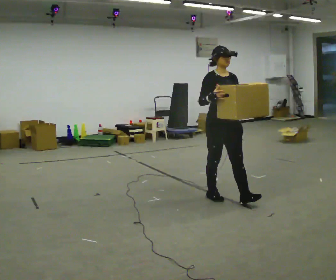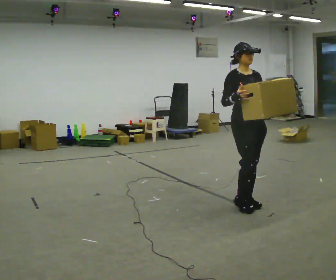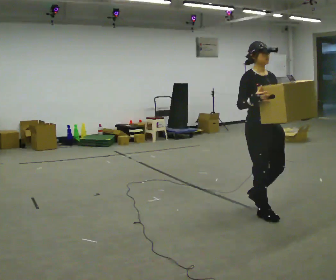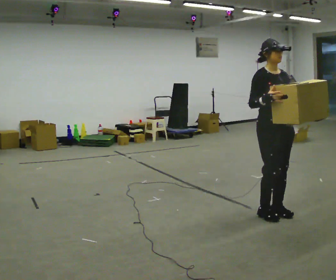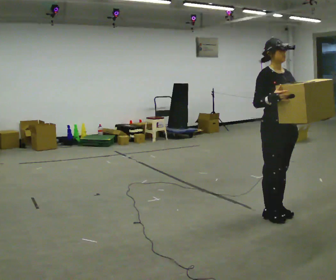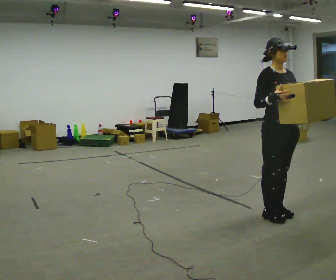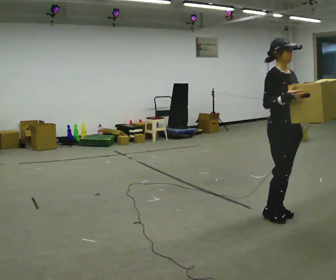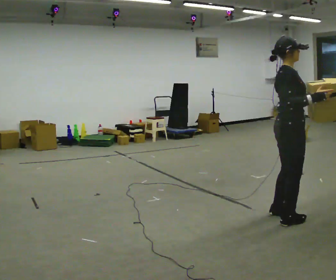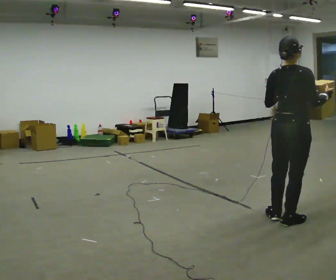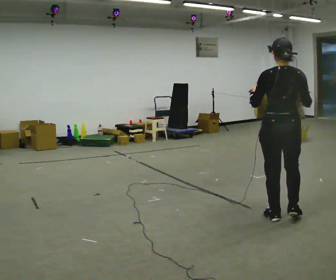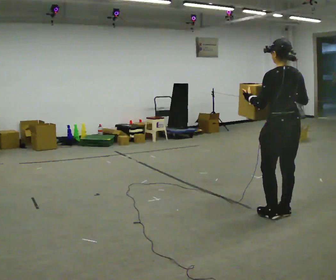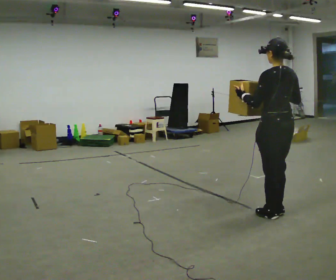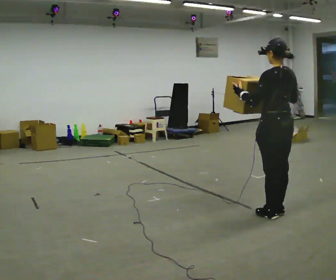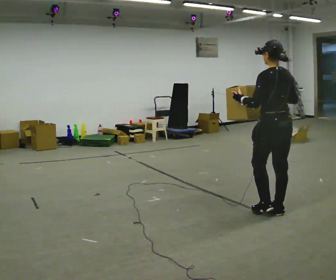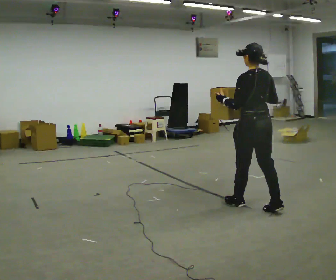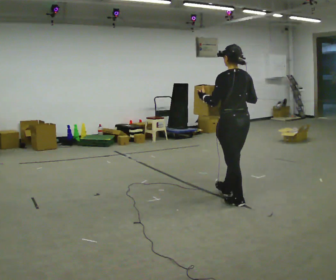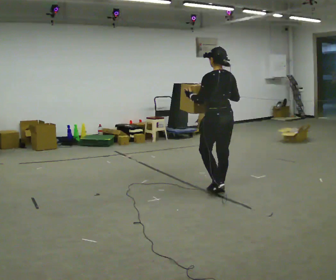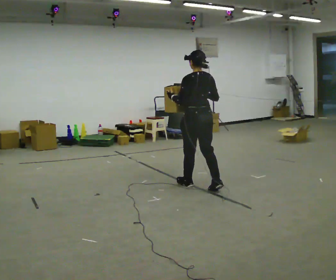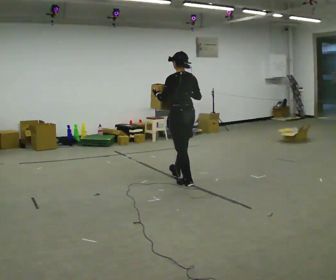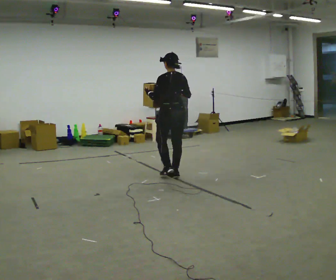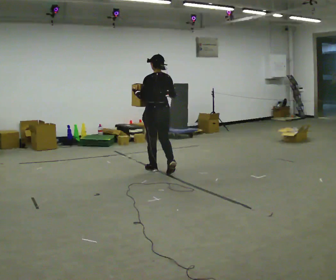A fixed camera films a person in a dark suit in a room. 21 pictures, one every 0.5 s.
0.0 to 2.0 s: In the picture they go to the right and toward the camera, about 0.5 m in 3 steps, which for them is forward.
2.0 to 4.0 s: The part of the body nearest the lens slides to the right as the person turns to their left by about 105 degrees. In the picture they go toward the camera, about 0.25 m in 1 step. In the picture their left hand goes to the left.
4.0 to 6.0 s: The person turns about 75 degrees to their left, counterclockwise seen from above, so the part of the body nearest the lens slides to the right. In the picture they go away from the camera, about 0.25 m in 1 step. In the picture their right hand goes to the left.
6.0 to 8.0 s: In the picture they go away from the camera and to the left, about 1 m in 2 steps, which for them is forward.
8.0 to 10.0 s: In the picture they go away from the camera and to the left, about 1.5 m in 3 steps, which for them is forward.
The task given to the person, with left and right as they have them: Carry the box in both hands and walk back and forth across the room. The contents may move around. Carry on as best you can.
The film runs forward here.
